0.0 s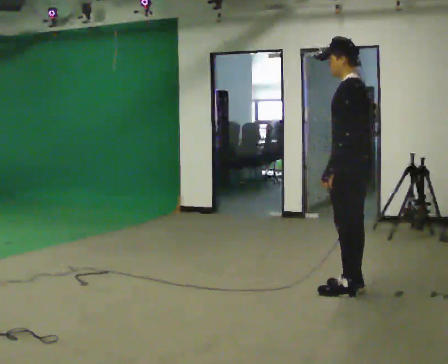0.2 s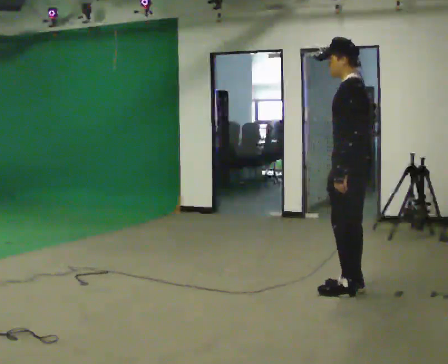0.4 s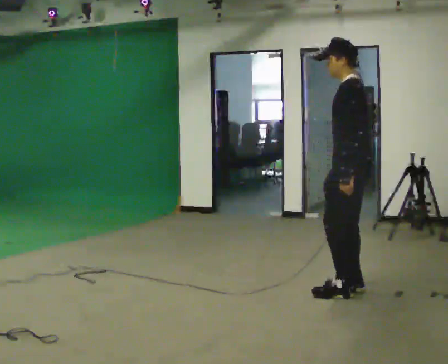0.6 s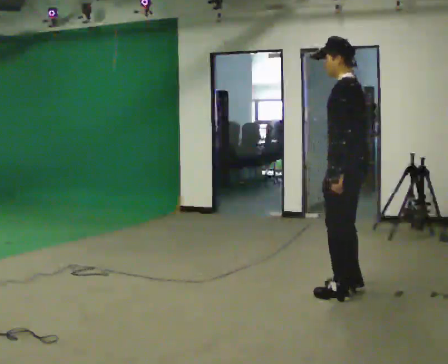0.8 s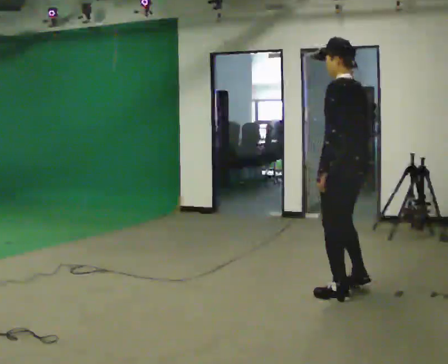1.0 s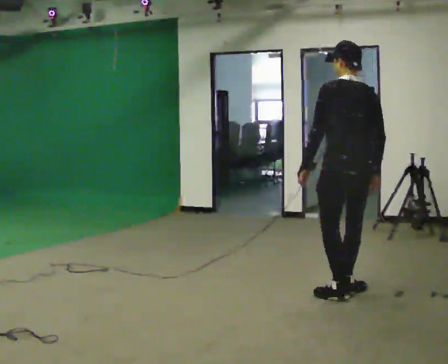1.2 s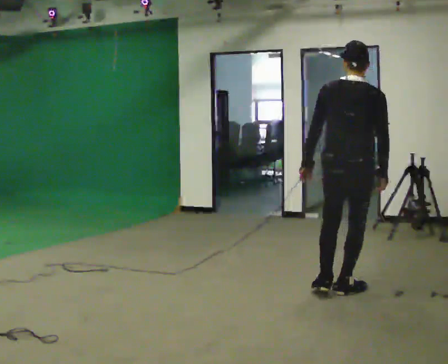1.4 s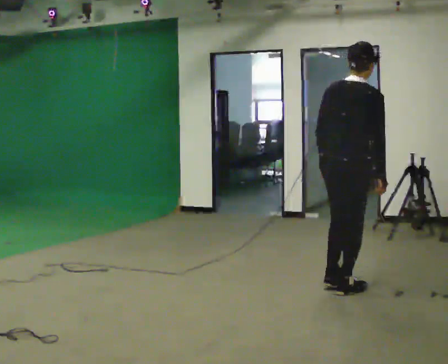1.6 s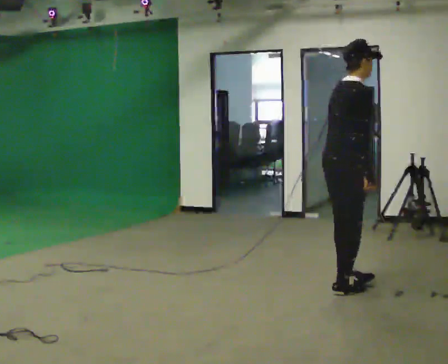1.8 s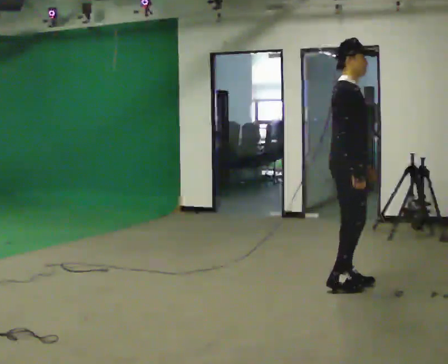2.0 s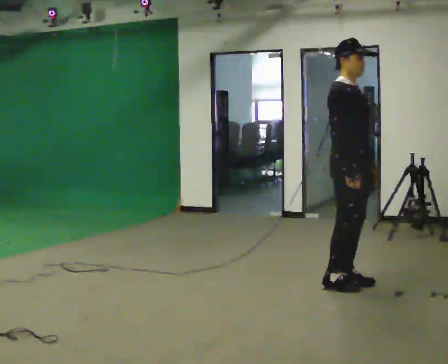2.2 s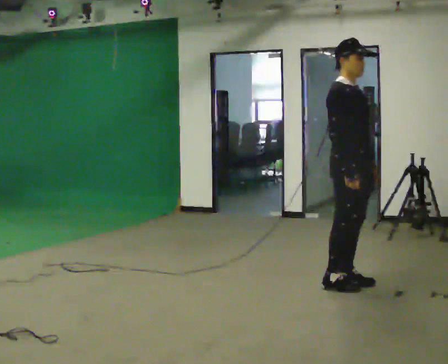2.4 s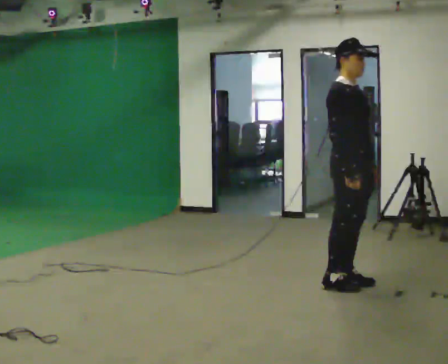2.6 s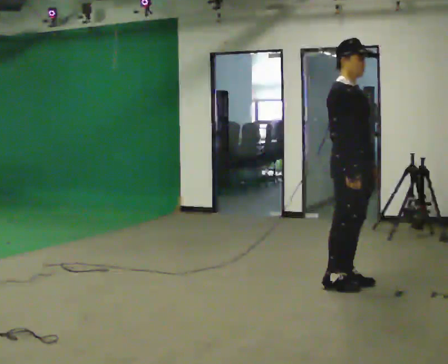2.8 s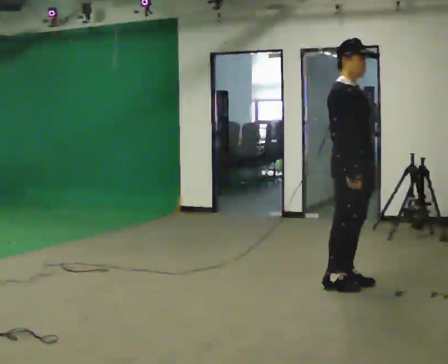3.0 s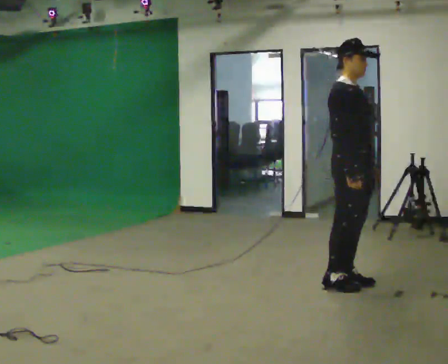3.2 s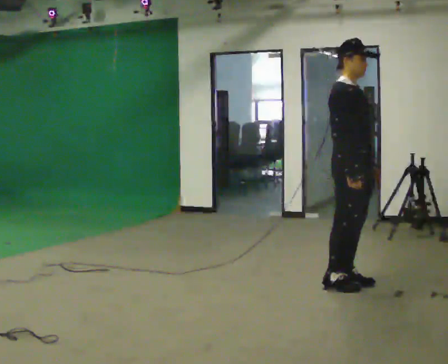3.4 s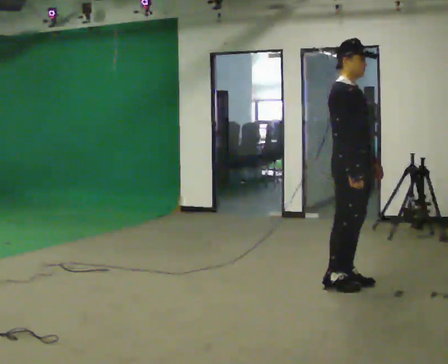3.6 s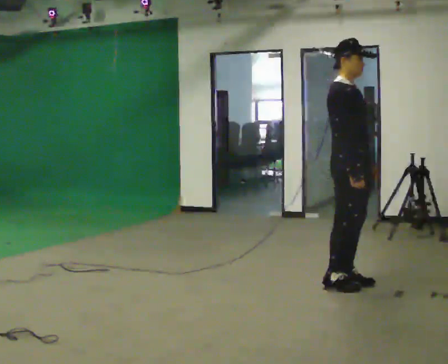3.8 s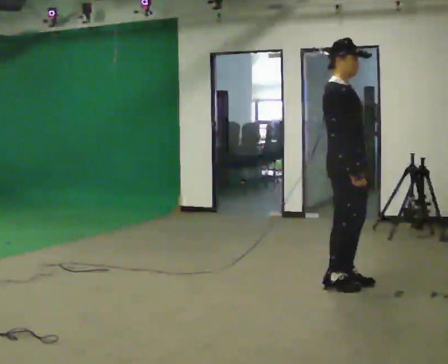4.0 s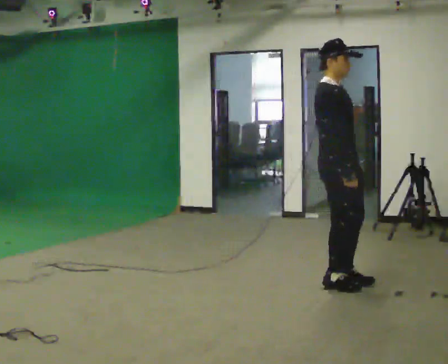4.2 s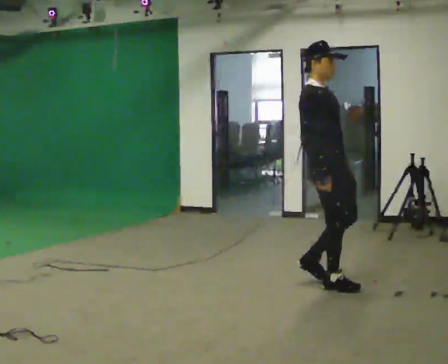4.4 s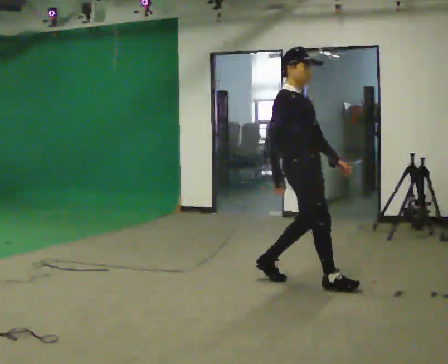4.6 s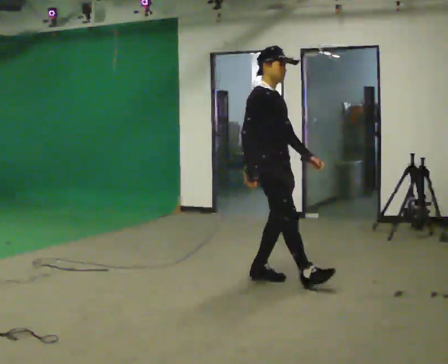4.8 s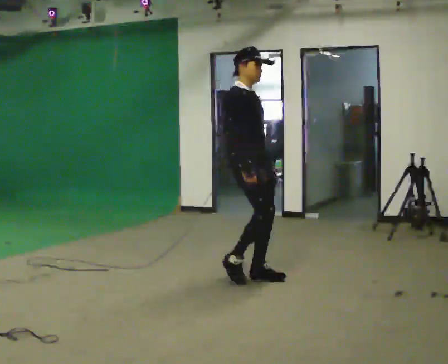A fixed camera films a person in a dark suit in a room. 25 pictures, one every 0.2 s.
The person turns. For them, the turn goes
to their right.
The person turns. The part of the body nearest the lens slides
to the left.
0.0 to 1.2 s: The person turns about 75 degrees to their right, clockwise seen from above, so the part of the body nearest the lens slides to the left.
1.2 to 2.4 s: The person turns about 120 degrees to their right, clockwise seen from above, so the part of the body nearest the lens slides to the left. In the picture they go away from the camera, about 0.25 m in 1 step. In the picture their left hand goes to the right, the arm swinging counterclockwise.
2.4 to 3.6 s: The person moves a little, or ends about where they began.
3.6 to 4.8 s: In the picture they go to the left, about 1 m in 2 steps, which for them is backward.
The film runs backward here.
